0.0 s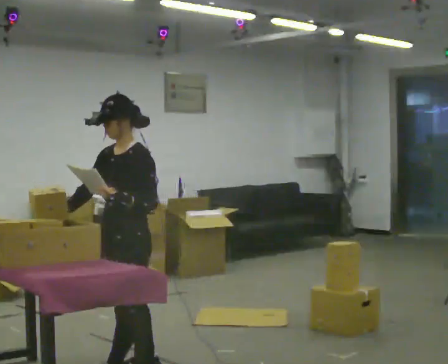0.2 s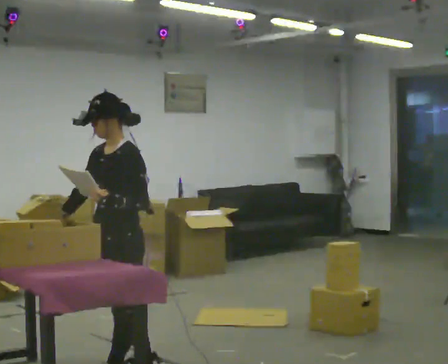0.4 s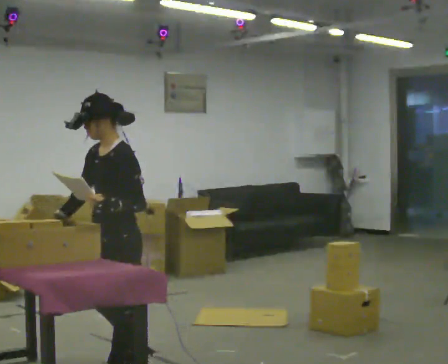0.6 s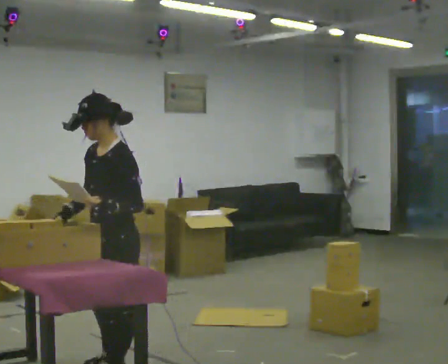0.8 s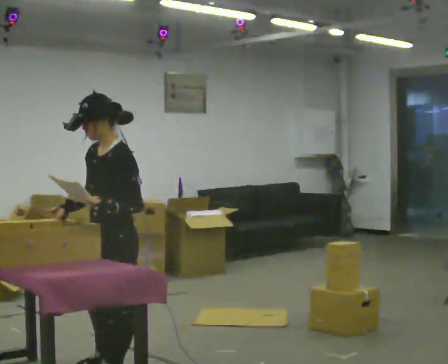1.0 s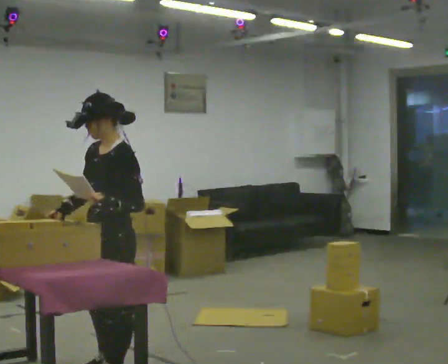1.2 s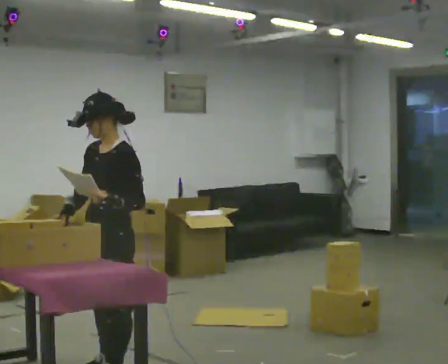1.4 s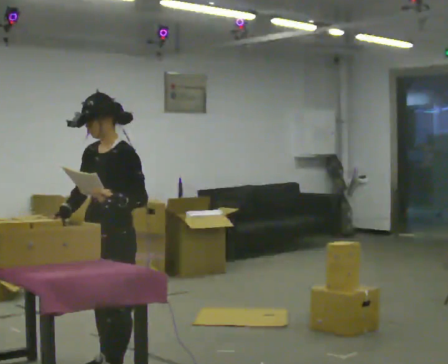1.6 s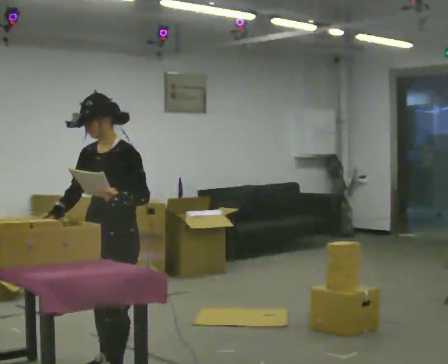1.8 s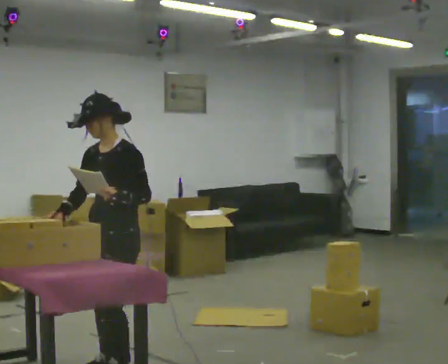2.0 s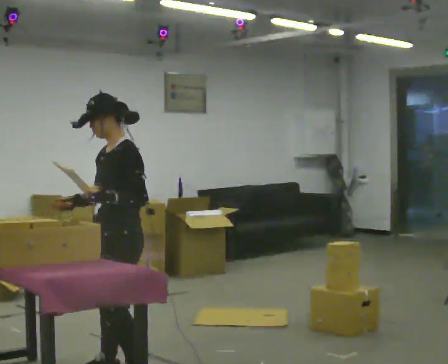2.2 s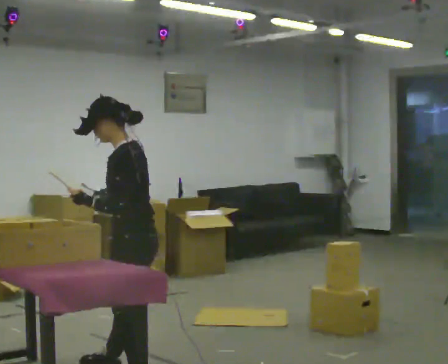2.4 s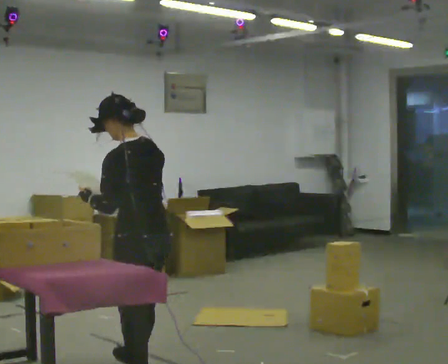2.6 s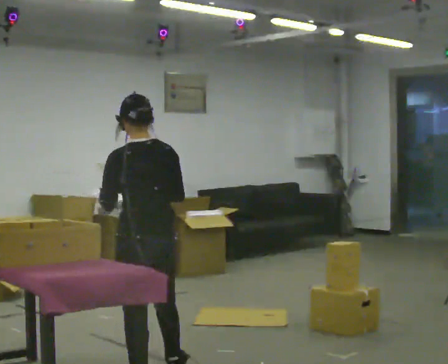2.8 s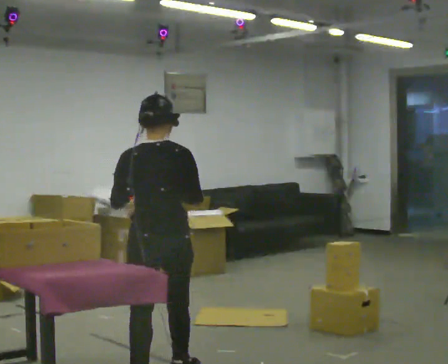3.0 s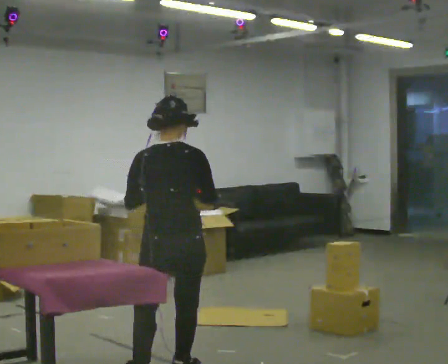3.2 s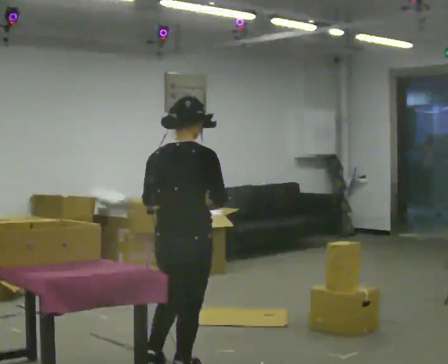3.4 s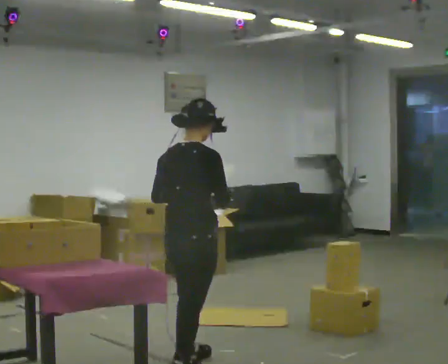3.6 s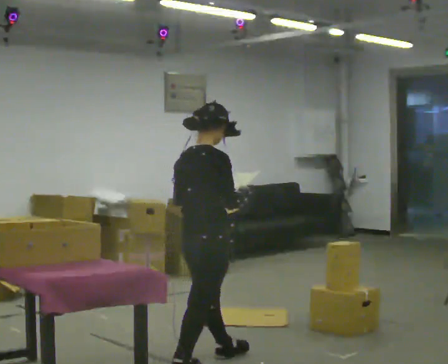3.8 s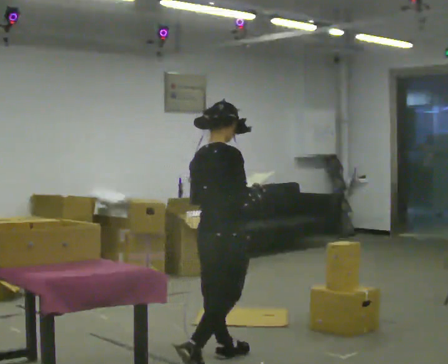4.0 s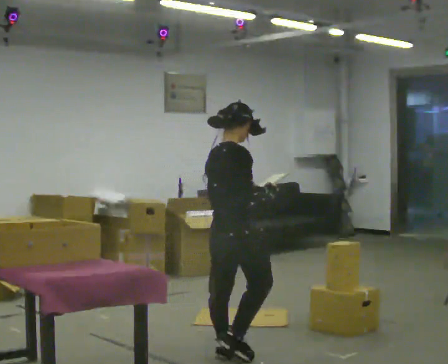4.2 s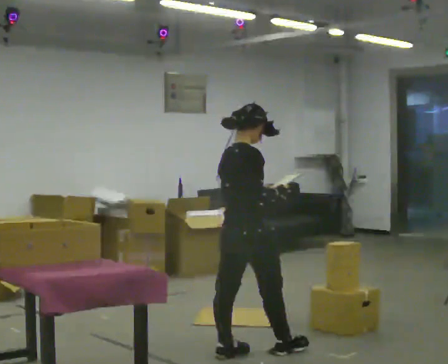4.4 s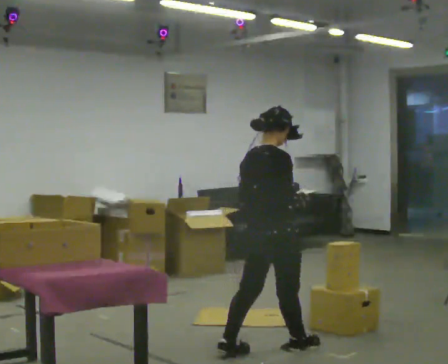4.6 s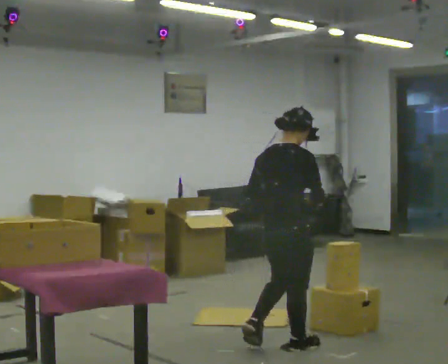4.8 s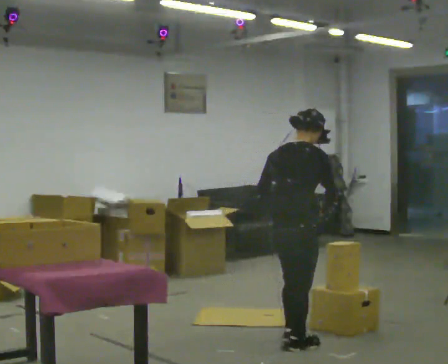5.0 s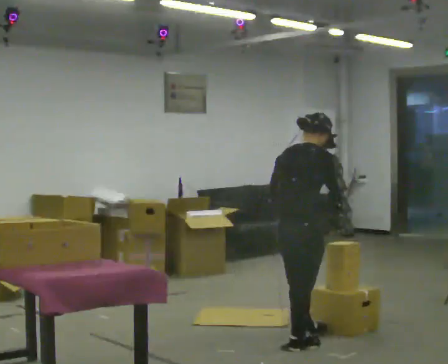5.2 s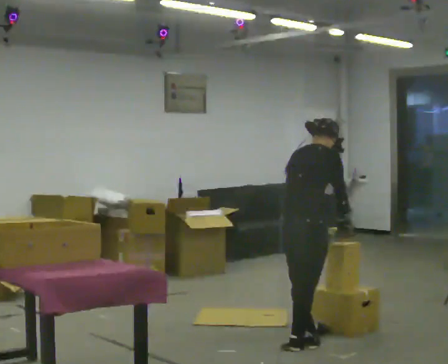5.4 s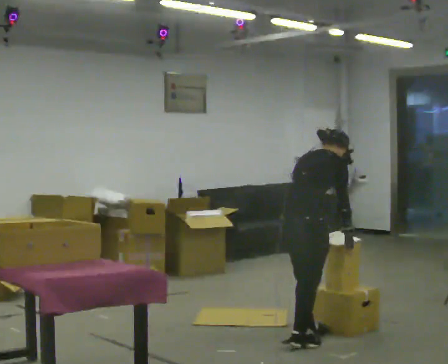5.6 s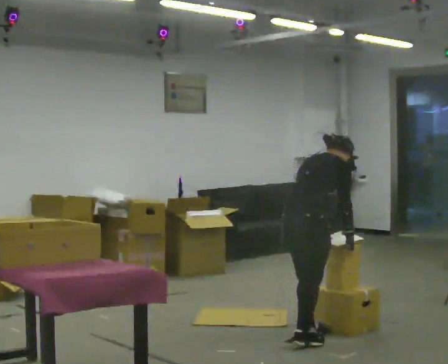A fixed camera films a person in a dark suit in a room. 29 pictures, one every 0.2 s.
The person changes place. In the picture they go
to the right.
The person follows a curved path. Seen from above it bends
counterclockwise.
0.0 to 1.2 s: The person moves a little, or ends about where they began.
1.2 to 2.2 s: Seen from above the body turns clockwise, about 45 degrees: to their right, with its near side sliding to the left. In the picture they go to the right, about 0.25 m, which for them is to their left.
2.2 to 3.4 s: Seen from above the body turns clockwise, about 120 degrees: to their right, with its near side sliding to the left. In the picture they go to the right and away from the camera, about 0.25 m in 1 step.
3.4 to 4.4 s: In the picture they go to the right and away from the camera, about 0.75 m in 2 steps, which for them is forward.
4.4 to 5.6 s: In the picture they go away from the camera and to the right, about 0.25 m in 1 step, which for them is forward. In the picture the upper body tilts clockwise, shoulders to the right, as they bend forward.
The film runs forward here.
